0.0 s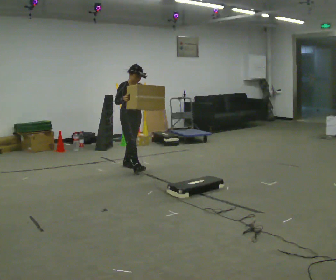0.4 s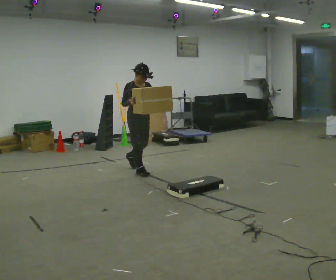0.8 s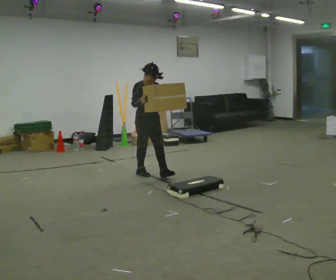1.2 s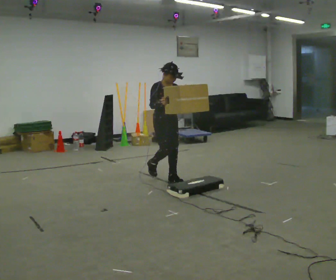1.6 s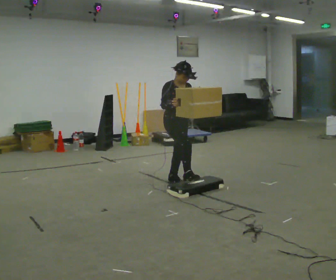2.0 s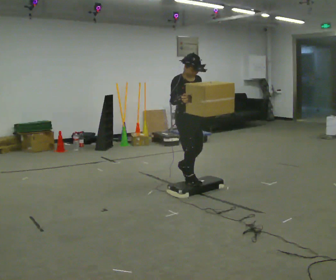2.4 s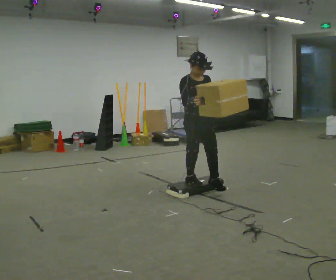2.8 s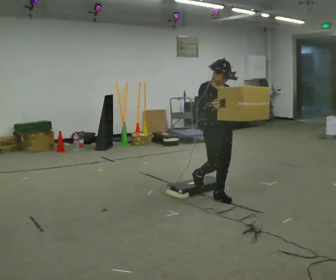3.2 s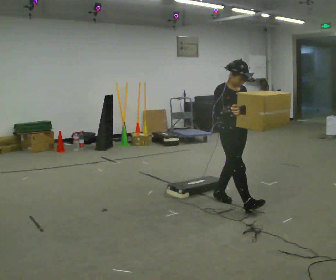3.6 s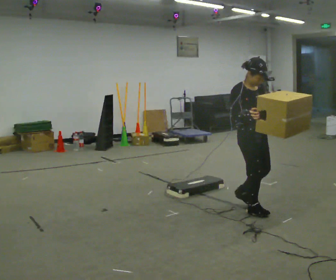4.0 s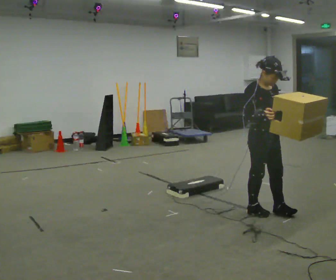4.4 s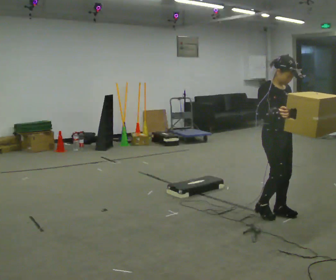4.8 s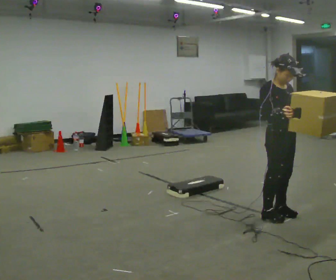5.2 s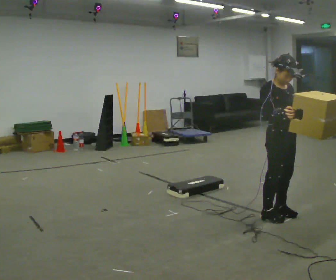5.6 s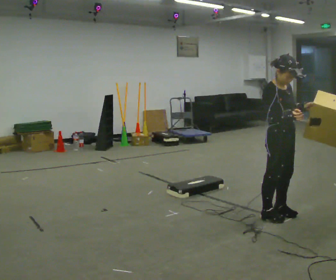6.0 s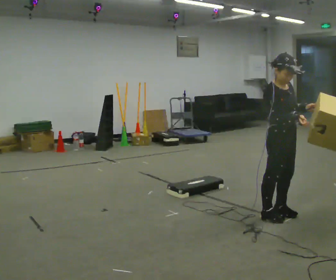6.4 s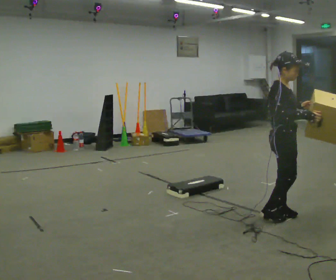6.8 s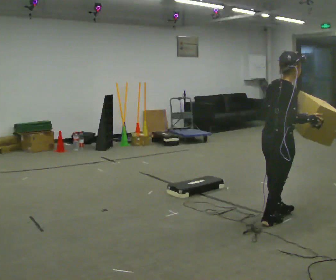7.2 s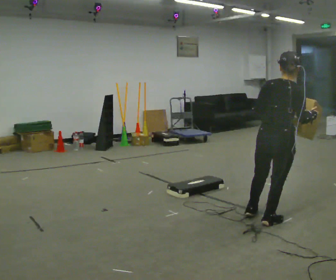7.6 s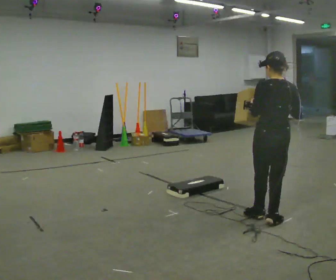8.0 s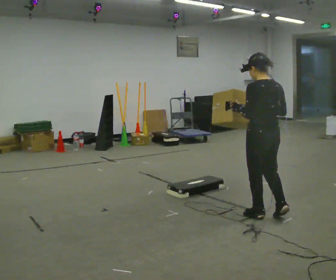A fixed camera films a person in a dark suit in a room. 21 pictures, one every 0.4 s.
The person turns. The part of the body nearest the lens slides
to the right.
The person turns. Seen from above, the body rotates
counterclockwise.
0.0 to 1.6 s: In the picture they go to the right and toward the camera, about 1 m in 2 steps, which for them is forward.
1.6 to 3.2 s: In the picture they go to the right and toward the camera, about 1 m in 2 steps, which for them is forward.
3.2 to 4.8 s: In the picture they go to the right and toward the camera, about 0.5 m in 3 steps, which for them is forward.
4.8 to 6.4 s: Seen from above the body turns counterclockwise, about 30 degrees: to their left, with its near side sliding to the right.
6.4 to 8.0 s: The part of the body nearest the lens slides to the right as the person turns to their left by about 135 degrees.
The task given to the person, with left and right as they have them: Carry the box up onto the platform, across it, and down the other side, then bring it back. Keep going until the operator says stop; one object at a time, and do not rush between trips.
The film runs forward here.
